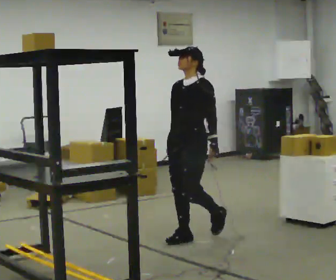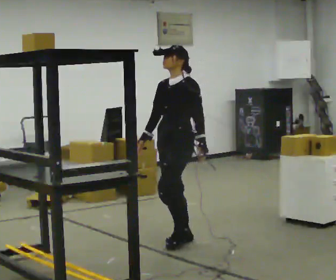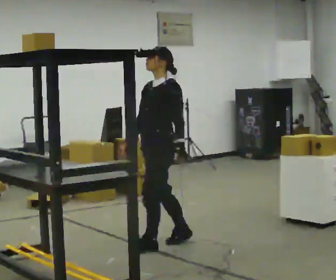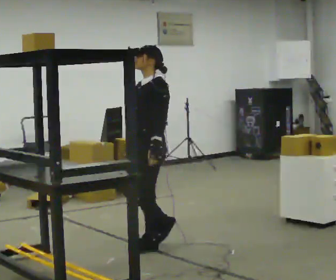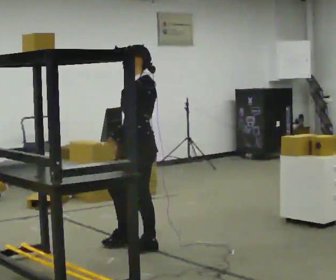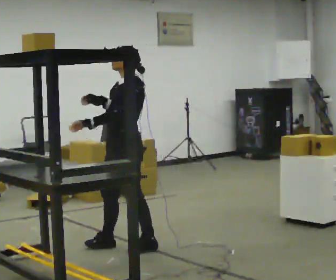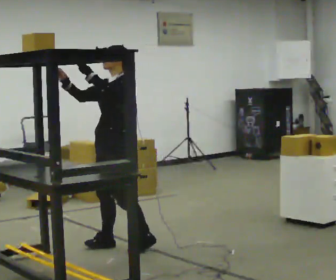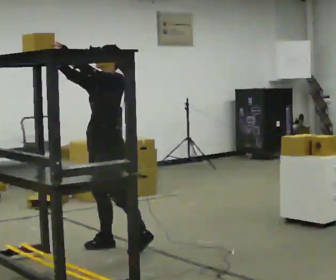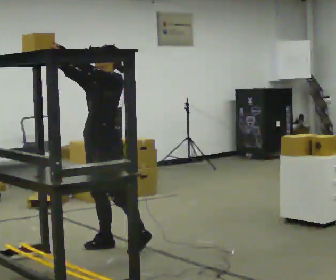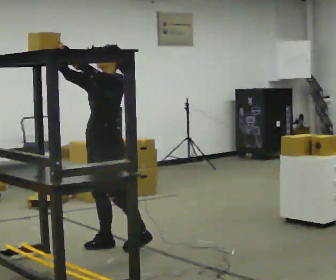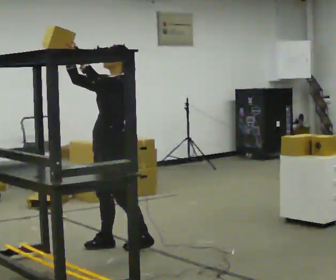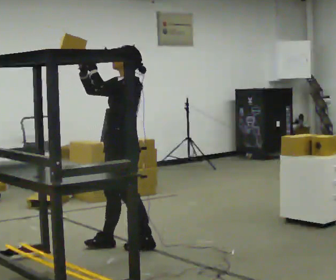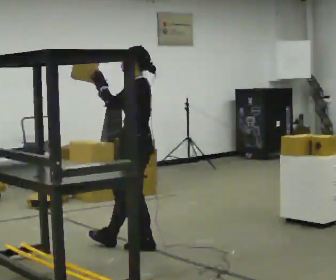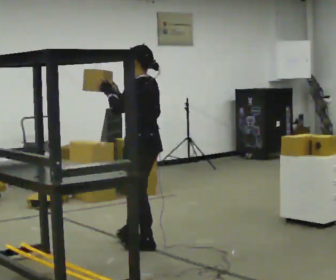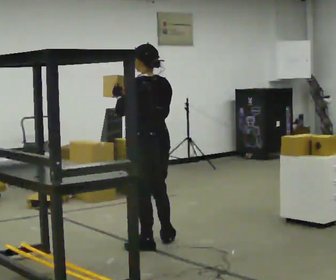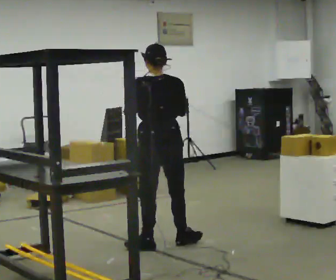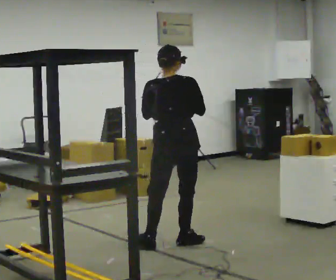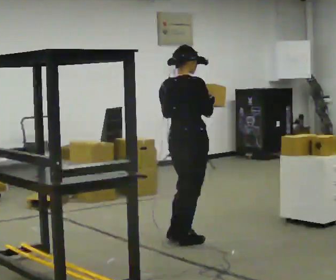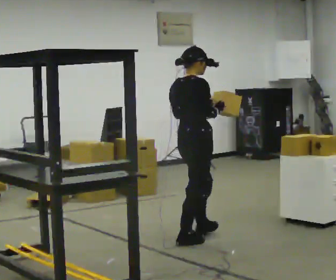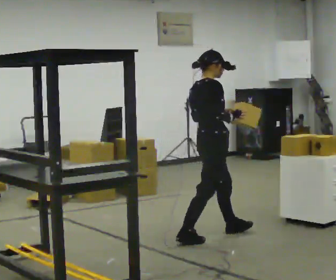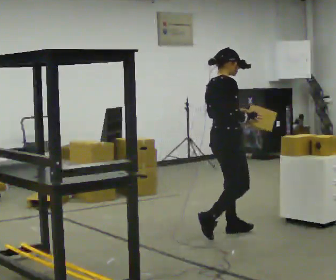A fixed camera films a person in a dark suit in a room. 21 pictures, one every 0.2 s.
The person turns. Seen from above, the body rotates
clockwise.
The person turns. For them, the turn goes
to their right.
0.0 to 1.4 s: In the picture they go to the left, about 0.75 m in 2 steps, which for them is forward. In the picture their right hand goes upward, the arm swinging clockwise.
1.4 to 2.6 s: The person turns about 60 degrees to their right, clockwise seen from above, so the part of the body nearest the lens slides to the left. In the picture they go to the right, about 0.25 m. In the picture their right hand goes downward.
2.6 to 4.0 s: Seen from above the body turns clockwise, about 150 degrees: to their right, with its near side sliding to the left. In the picture they go to the right and away from the camera, about 0.75 m in 2 steps.
The film runs forward here.
